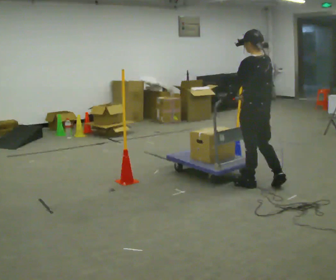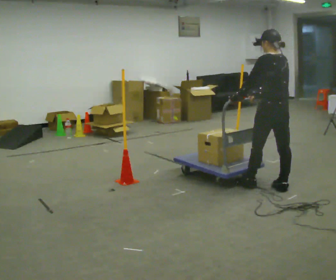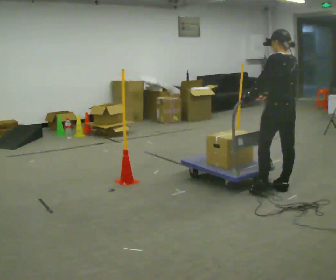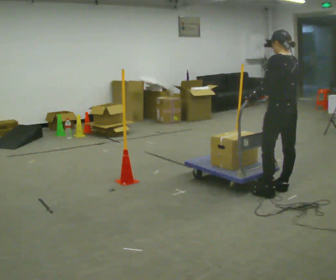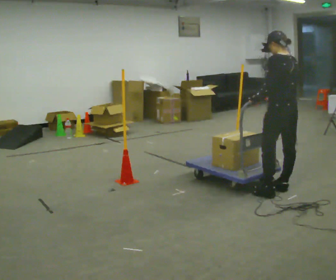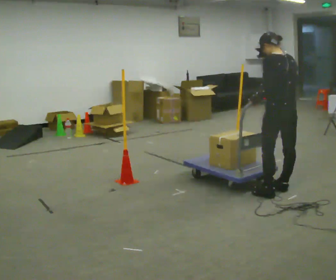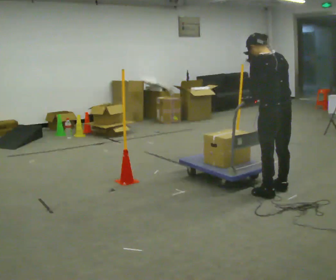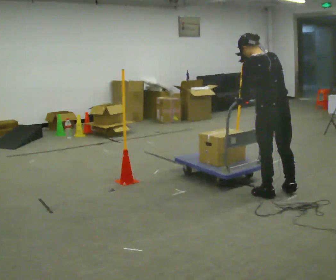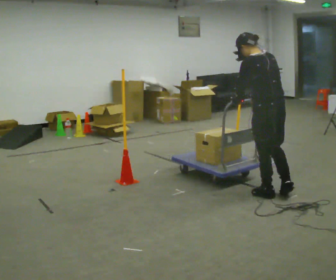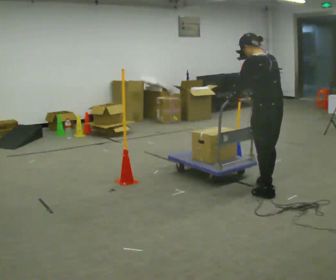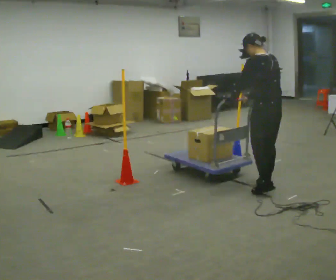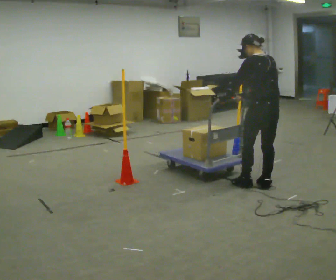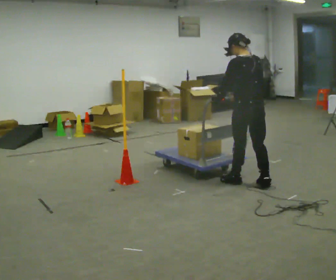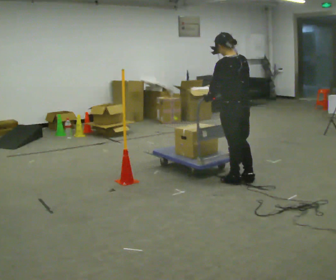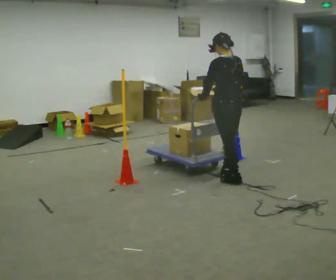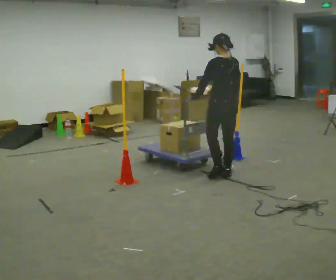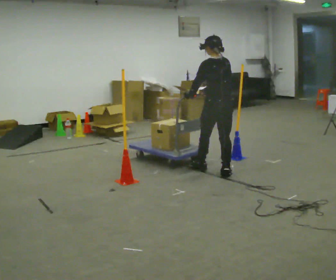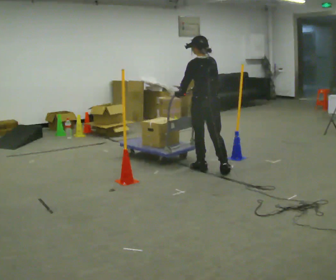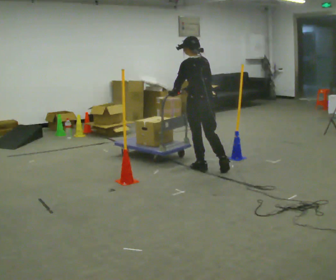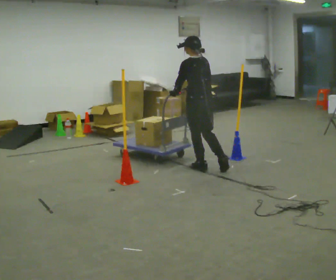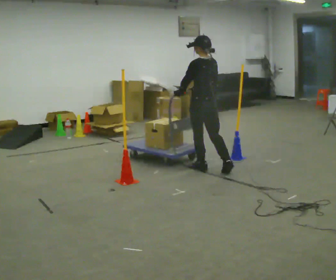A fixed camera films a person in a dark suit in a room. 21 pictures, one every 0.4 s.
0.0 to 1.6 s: In the picture they go to the right, about 0.25 m in 1 step, which for them is backward and to their right.
1.6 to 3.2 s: In the picture they go toward the camera, about 0.25 m in 1 step, which for them is to their left. In the picture the upper body tilts counterclockwise, shoulders to the left.
3.2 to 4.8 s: In the picture they go away from the camera and to the left, about 0.25 m in 1 step, which for them is forward and to their right.
4.8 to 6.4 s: In the picture they go away from the camera and to the left, about 0.5 m in 2 steps, which for them is forward.
6.4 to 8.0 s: In the picture they go to the left, about 0.25 m, which for them is forward.
The film runs backward here.
